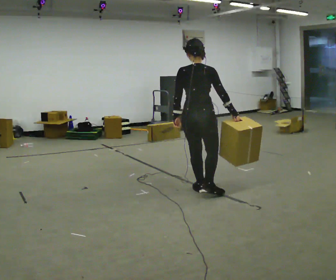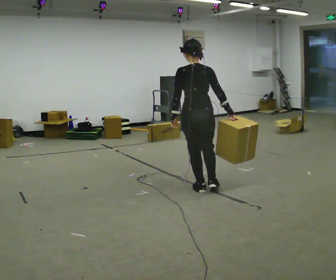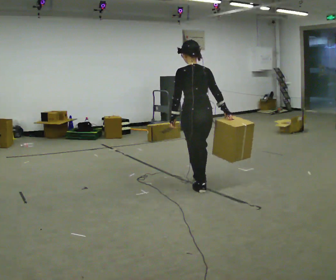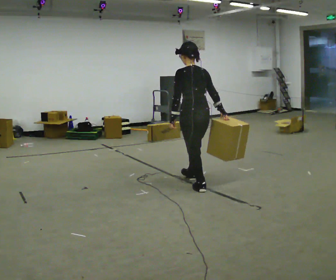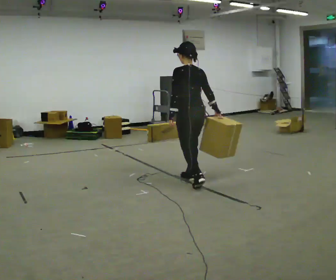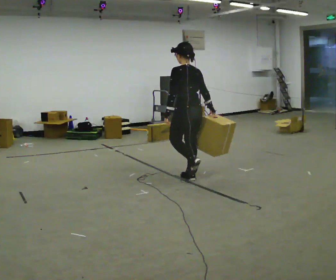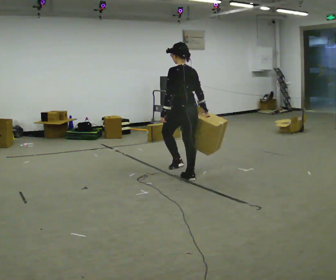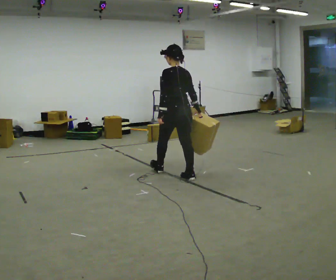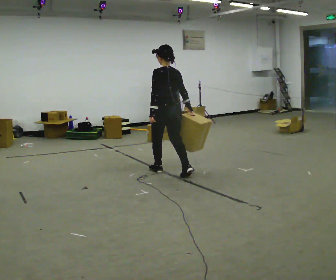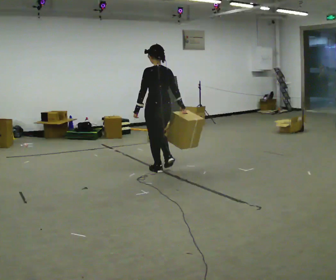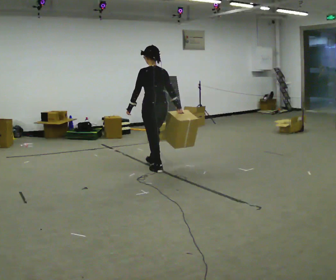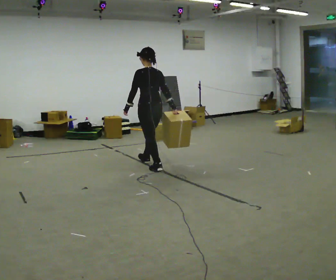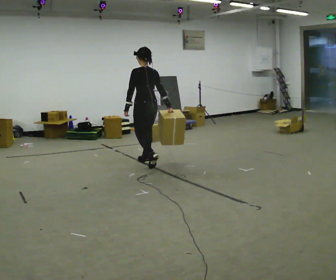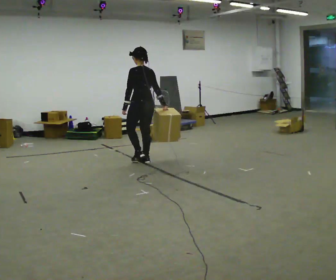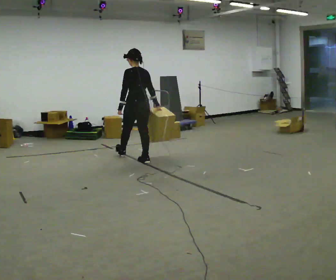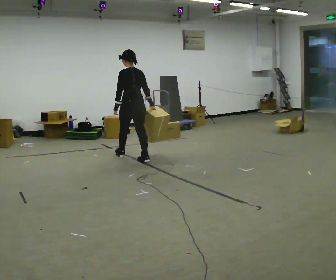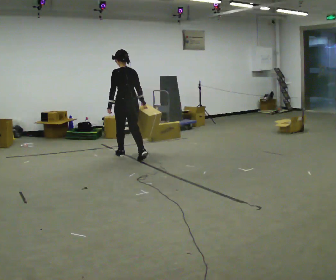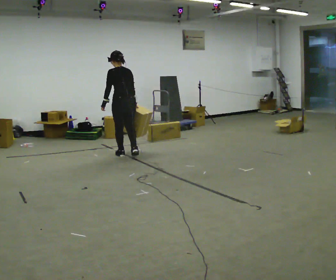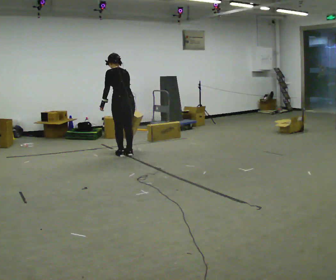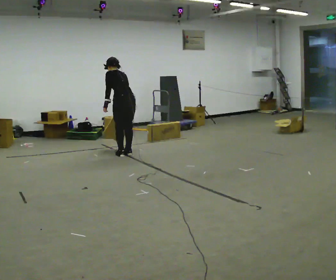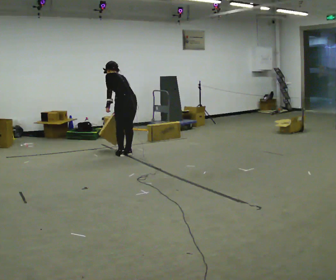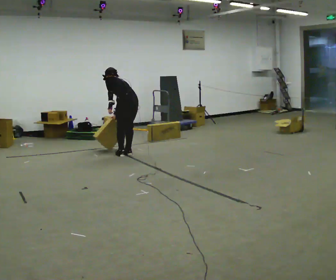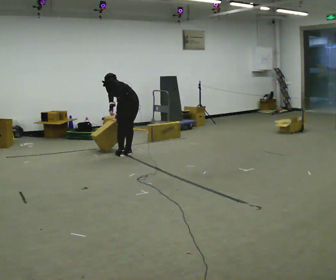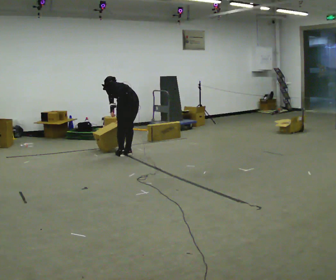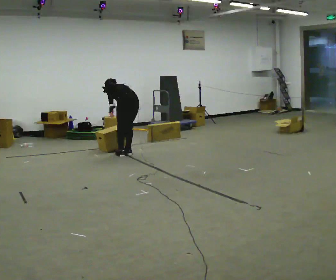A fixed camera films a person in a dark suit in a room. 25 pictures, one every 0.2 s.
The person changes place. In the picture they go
away from the camera.
Their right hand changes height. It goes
downward.
0.0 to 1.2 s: Seen from above the body turns counterclockwise, about 45 degrees: to their left, with its near side sliding to the right. In the picture they go away from the camera, about 0.5 m in 1 step, which for them is forward.
1.2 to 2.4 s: In the picture they go away from the camera and to the left, about 1 m in 2 steps, which for them is forward.
2.4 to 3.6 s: In the picture they go away from the camera and to the left, about 0.5 m in 1 step, which for them is forward. The upper body tips away from the camera, its near side rolling upward, as they bend forward.
3.6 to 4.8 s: The upper body goes downward. The upper body tips away from the camera, its near side rolling upward, as they bend forward.
The film runs forward here.
